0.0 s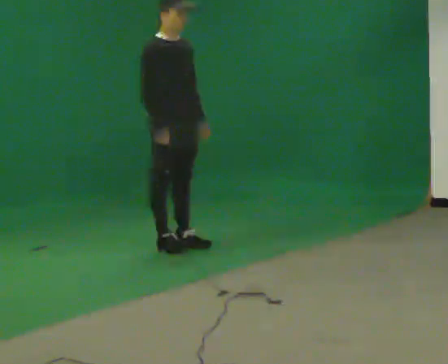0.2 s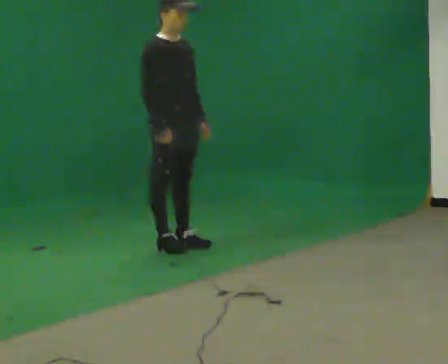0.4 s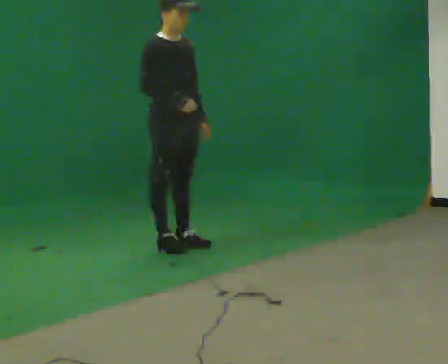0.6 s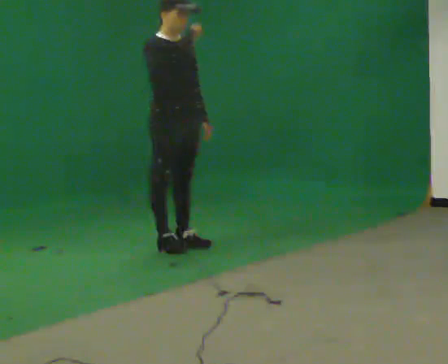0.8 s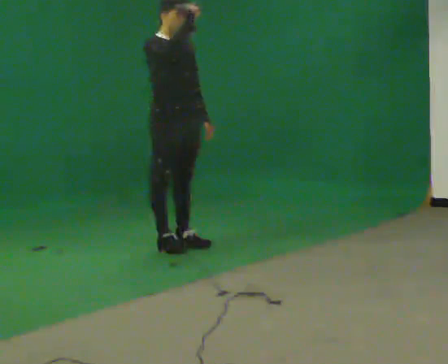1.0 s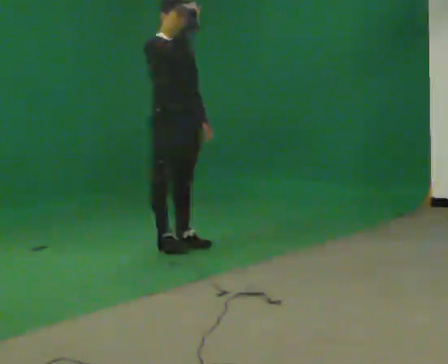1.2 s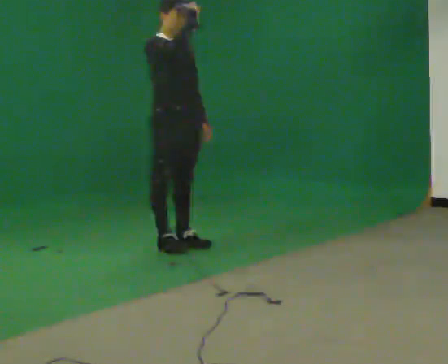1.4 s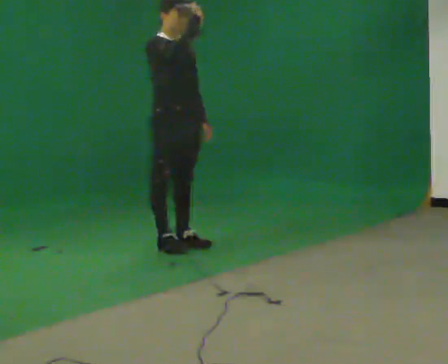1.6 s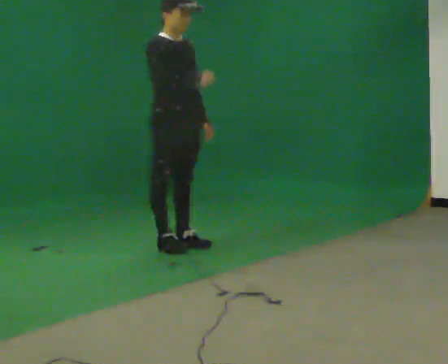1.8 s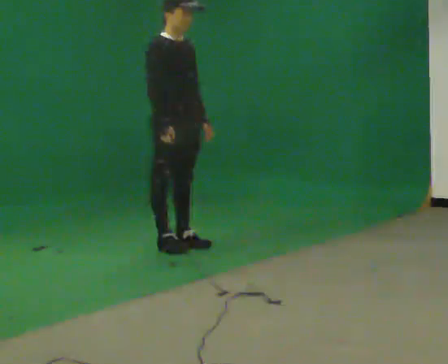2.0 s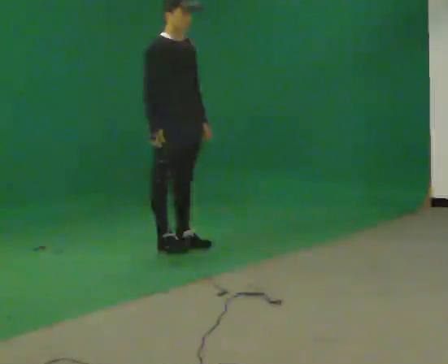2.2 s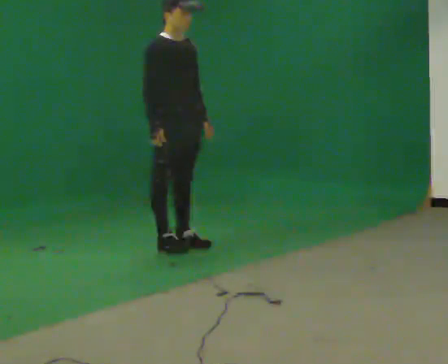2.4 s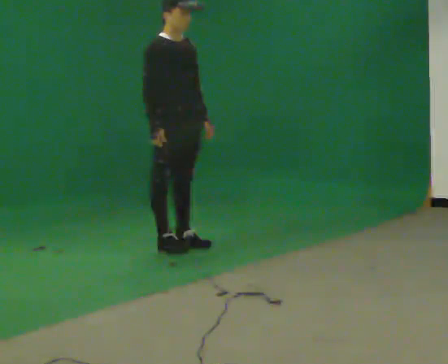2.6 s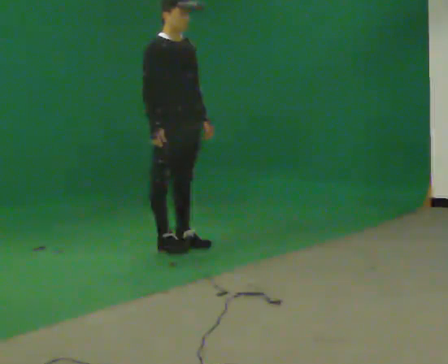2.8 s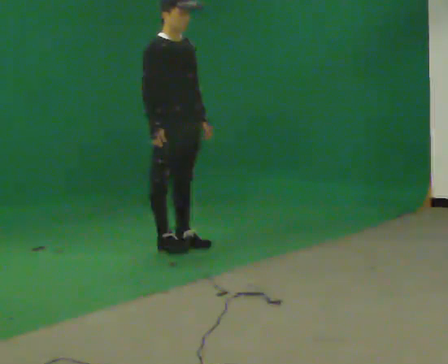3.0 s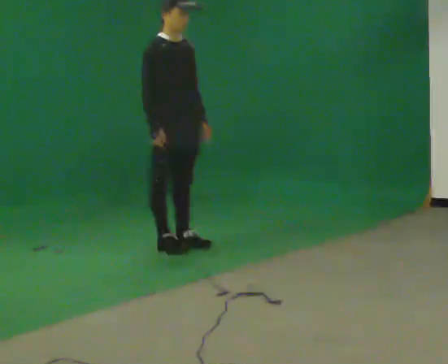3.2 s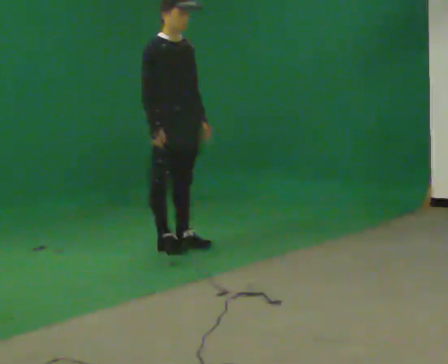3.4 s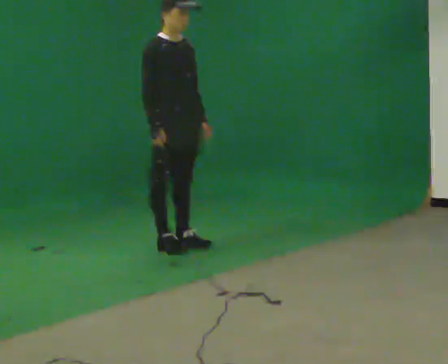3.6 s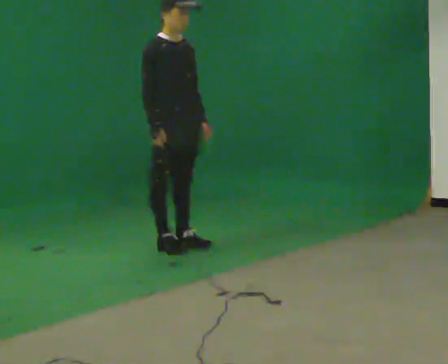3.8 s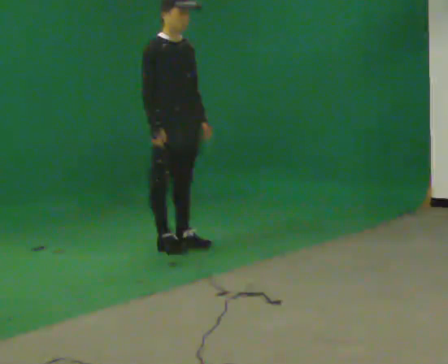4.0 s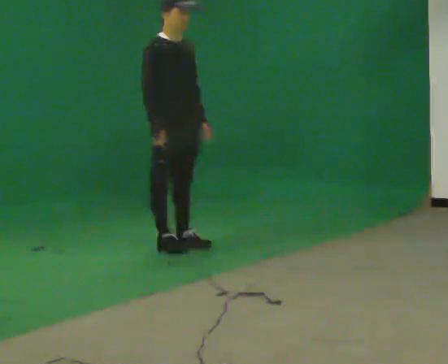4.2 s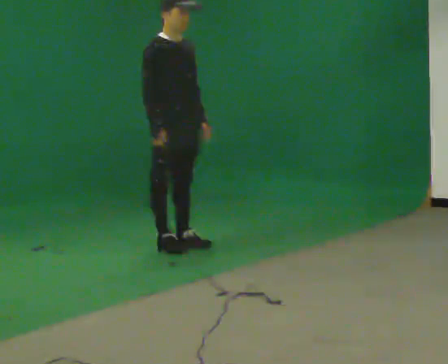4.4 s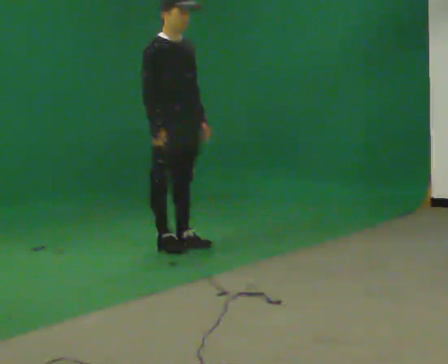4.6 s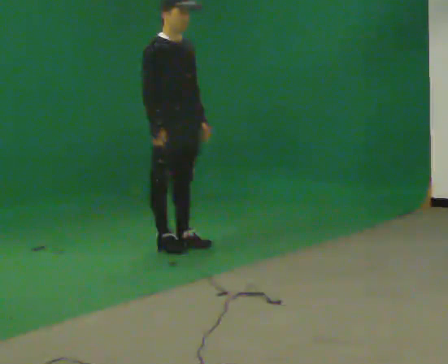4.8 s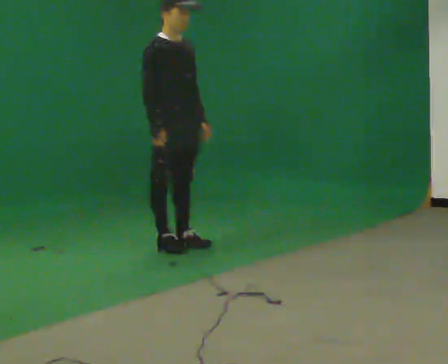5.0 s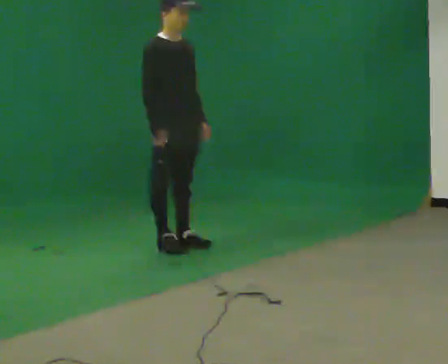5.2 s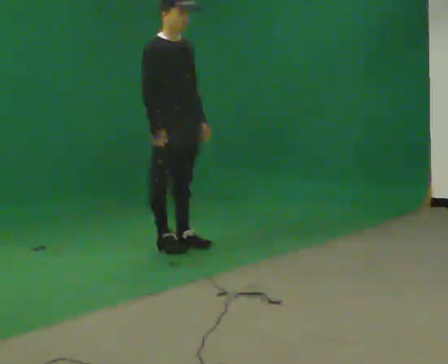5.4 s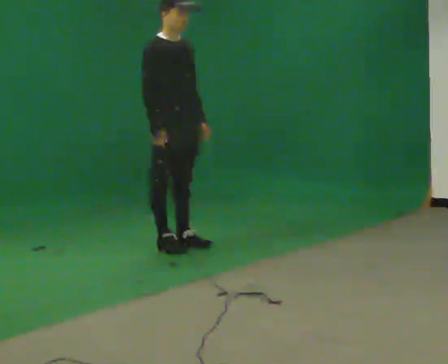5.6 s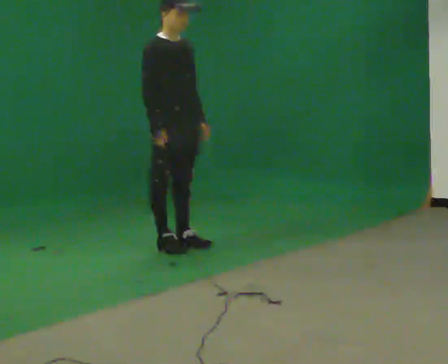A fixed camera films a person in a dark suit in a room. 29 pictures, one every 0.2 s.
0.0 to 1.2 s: In the picture their right hand goes upward.
1.2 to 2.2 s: In the picture their right hand goes downward.
2.2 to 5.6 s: The person moves a little, or ends about where they began.
The film runs forward here.
